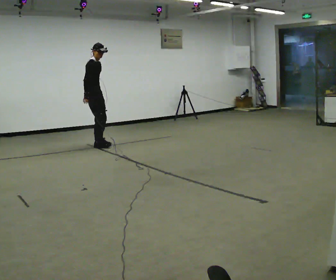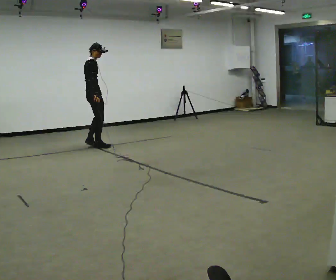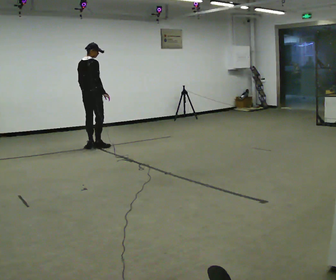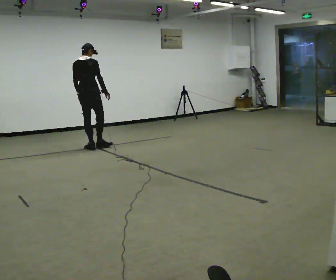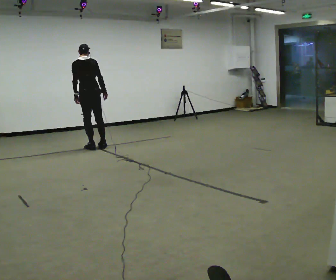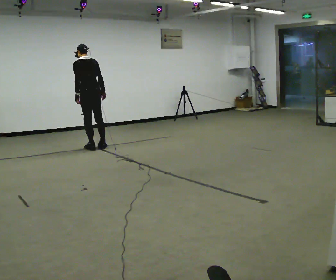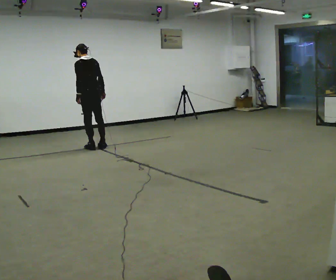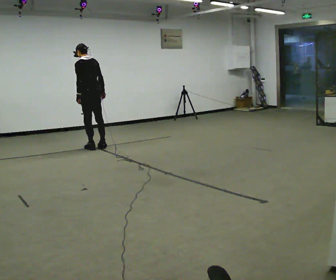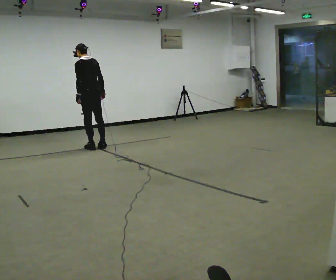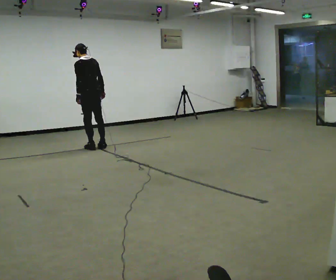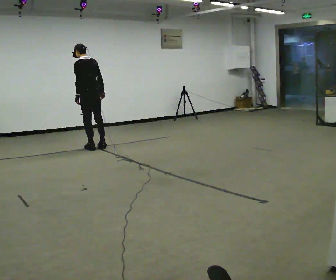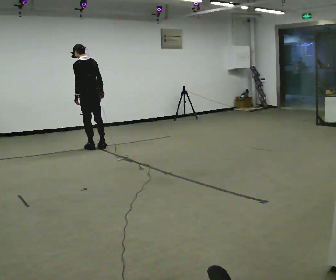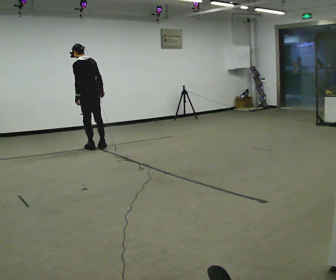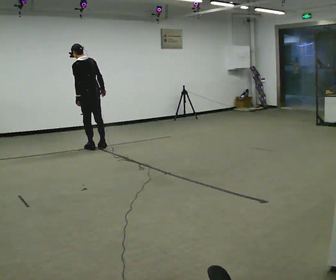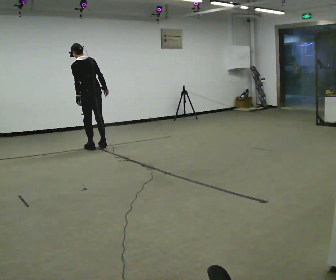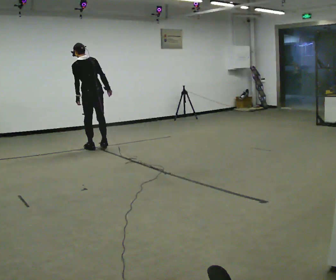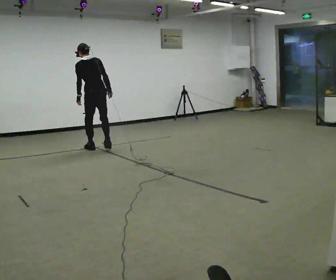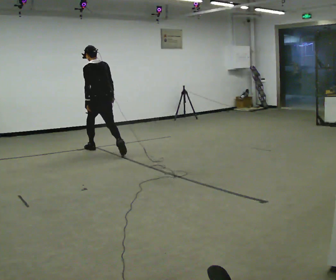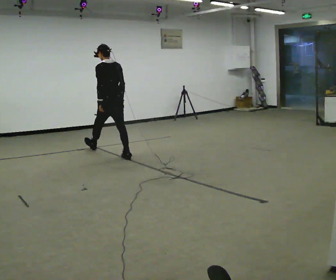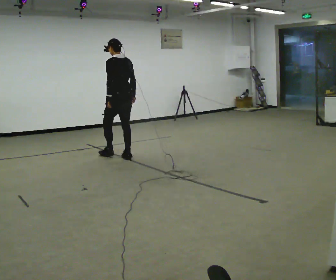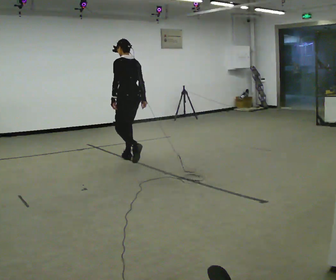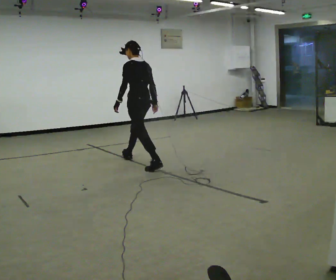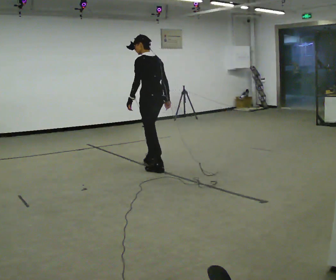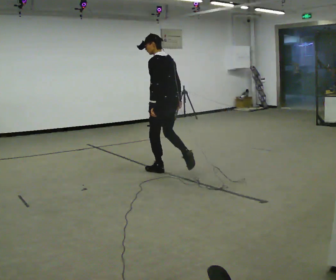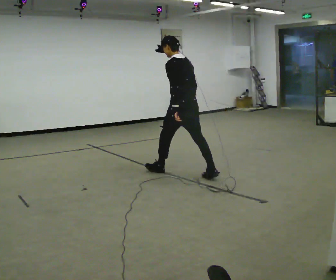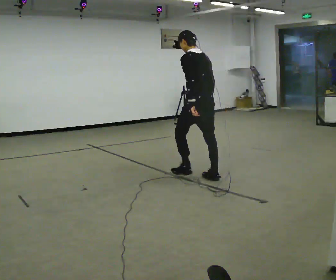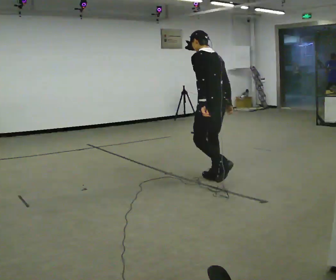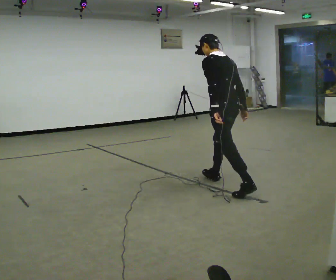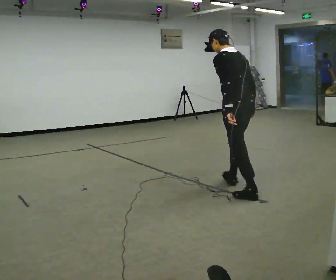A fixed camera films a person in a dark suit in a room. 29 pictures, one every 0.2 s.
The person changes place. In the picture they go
toward the camera.
0.0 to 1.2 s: Seen from above the body turns counterclockwise, about 135 degrees: to their left, with its near side sliding to the right. In the picture they go toward the camera, about 0.25 m in 2 steps. In the picture the upper body tilts counterclockwise, shoulders to the left. In the picture their right hand goes to the right.
1.2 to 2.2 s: The person moves a little, or ends about where they began.
2.2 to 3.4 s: In the picture they go toward the camera, about 0.25 m in 1 step, which for them is backward.
3.4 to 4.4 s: Seen from above the body turns counterclockwise, about 30 degrees: to their left, with its near side sliding to the right. In the picture they go toward the camera and to the right, about 1 m in 2 steps, which for them is backward.
4.4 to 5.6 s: In the picture they go toward the camera and to the right, about 1.5 m in 2 steps, which for them is backward.
The film runs backward here.
